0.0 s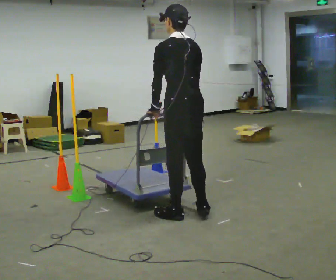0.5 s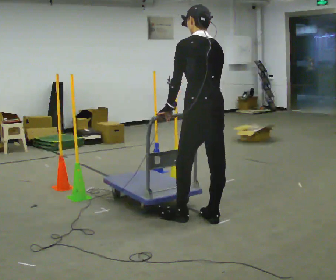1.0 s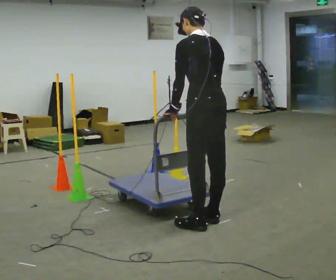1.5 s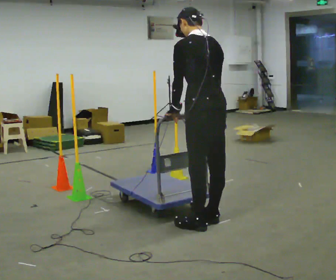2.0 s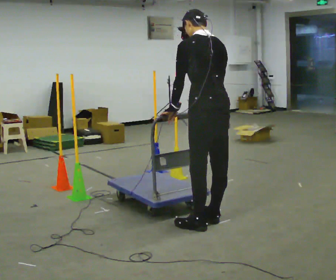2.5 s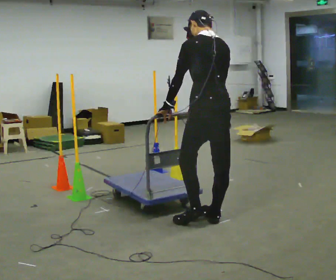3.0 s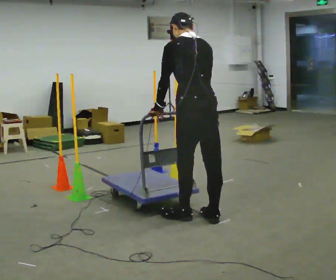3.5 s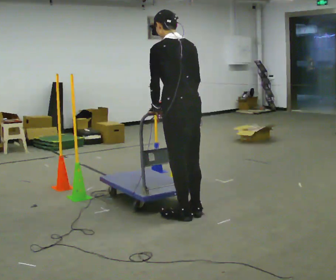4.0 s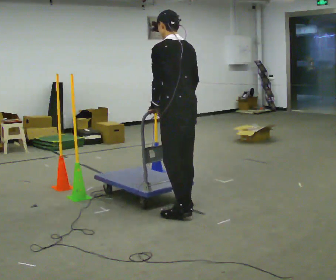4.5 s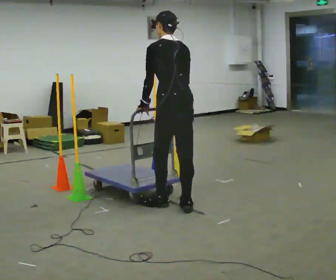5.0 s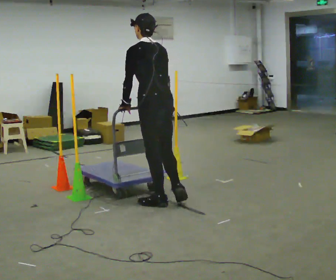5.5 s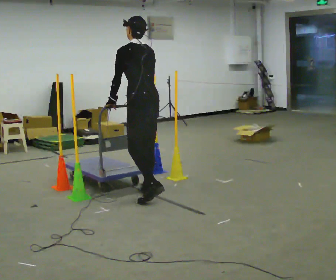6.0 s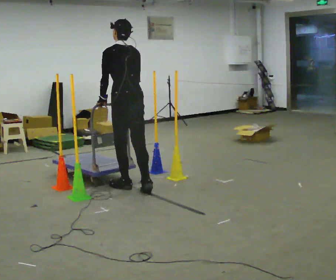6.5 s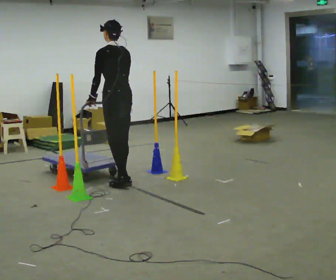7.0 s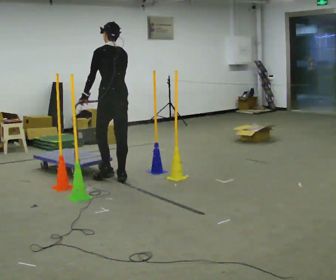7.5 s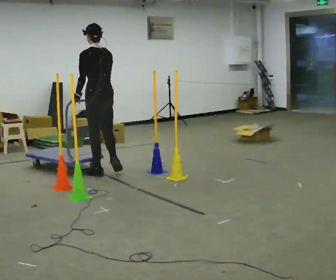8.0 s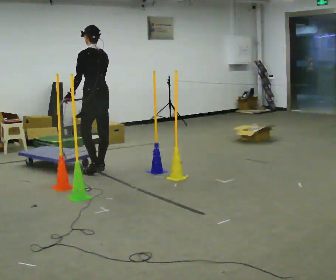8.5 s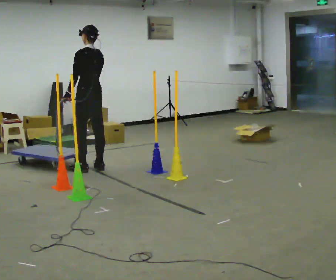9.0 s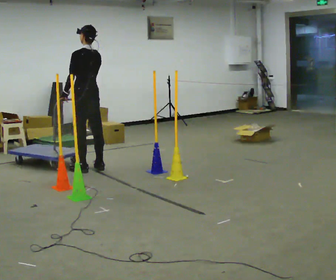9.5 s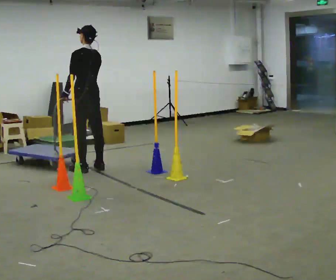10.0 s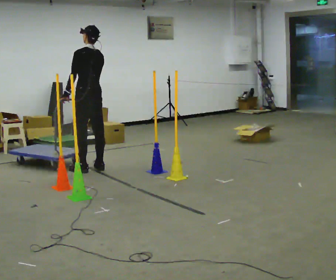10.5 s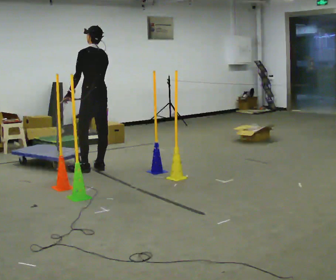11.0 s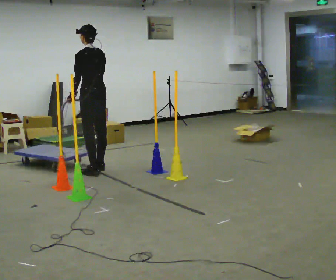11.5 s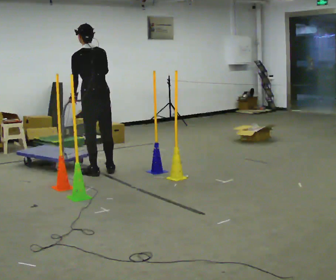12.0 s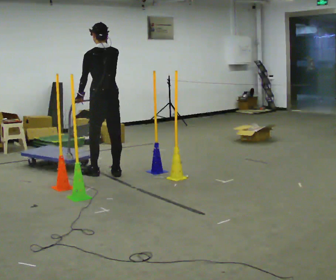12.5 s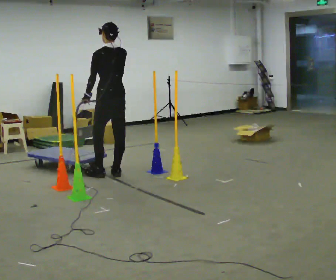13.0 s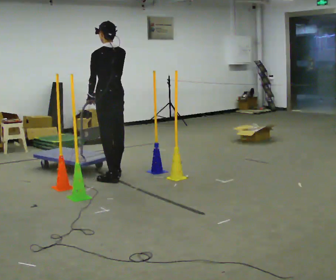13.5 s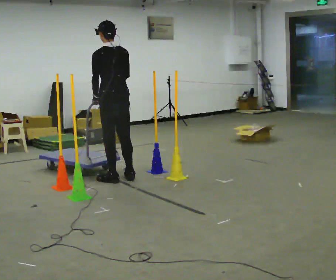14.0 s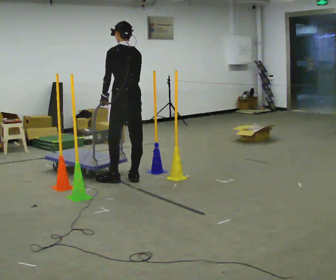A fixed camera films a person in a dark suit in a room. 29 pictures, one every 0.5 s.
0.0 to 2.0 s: In the picture they go to the right and toward the camera, about 0.25 m in 2 steps, which for them is backward.
2.0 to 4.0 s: In the picture they go away from the camera and to the left, about 0.5 m in 2 steps, which for them is forward.
4.0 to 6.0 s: In the picture they go away from the camera and to the left, about 1 m in 3 steps, which for them is forward.
6.0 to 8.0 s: In the picture they go away from the camera and to the left, about 1 m in 3 steps, which for them is forward.
8.0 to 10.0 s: The person moves a little, or ends about where they began.
10.0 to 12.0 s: In the picture they go toward the camera and to the right, about 0.25 m in 2 steps, which for them is backward. In the picture their right hand goes upward.
12.0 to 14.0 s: In the picture they go toward the camera and to the right, about 0.5 m in 2 steps, which for them is backward. In the picture their right hand goes downward.
The film runs forward here.
